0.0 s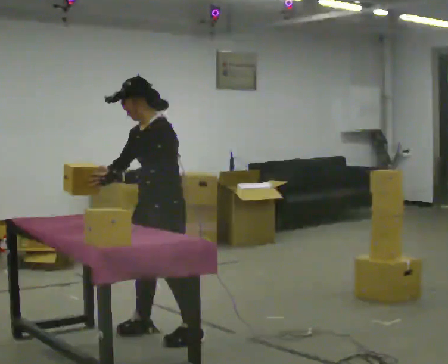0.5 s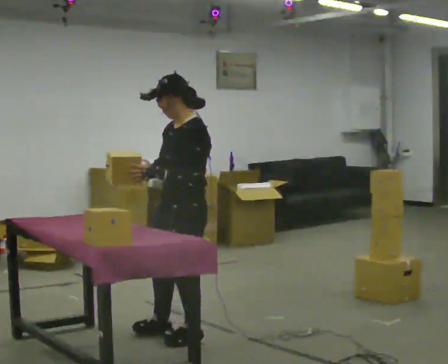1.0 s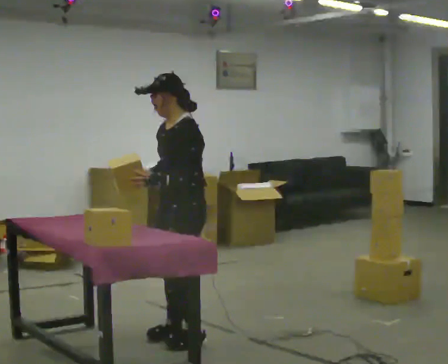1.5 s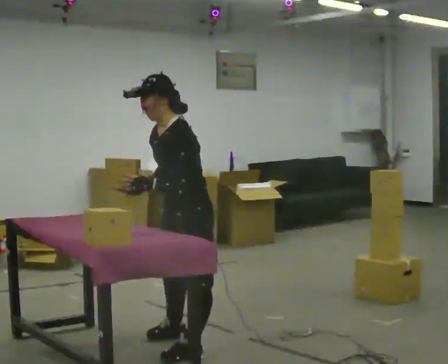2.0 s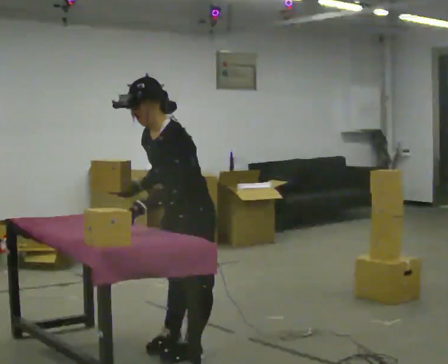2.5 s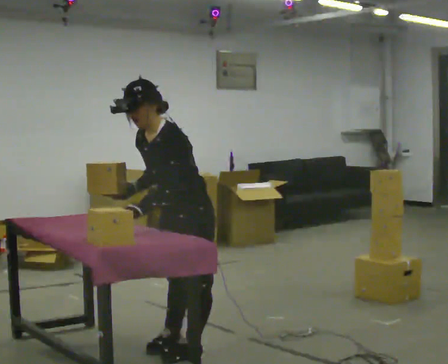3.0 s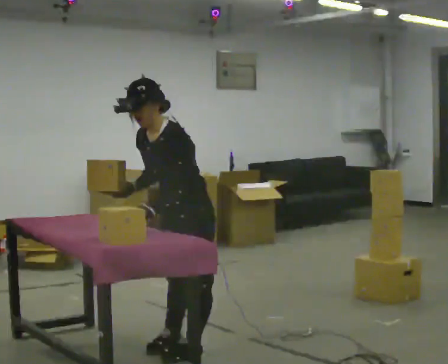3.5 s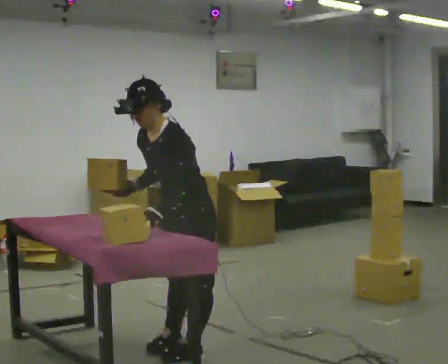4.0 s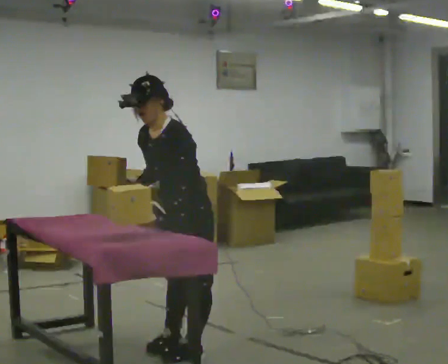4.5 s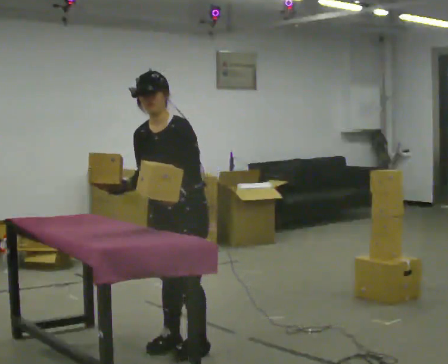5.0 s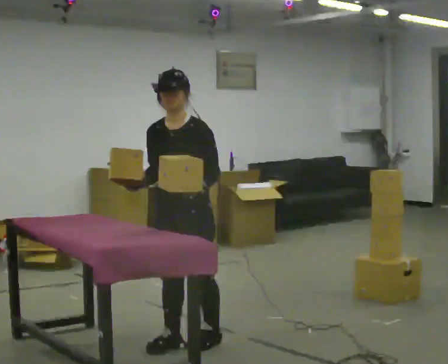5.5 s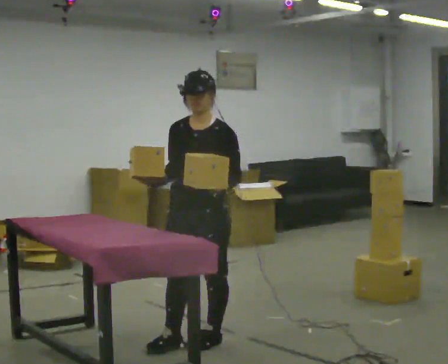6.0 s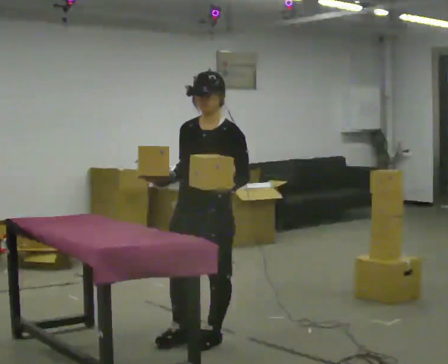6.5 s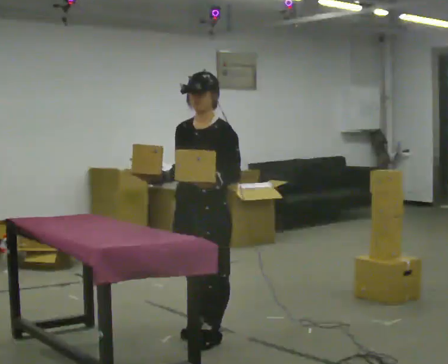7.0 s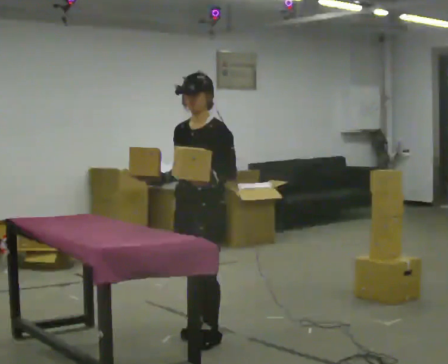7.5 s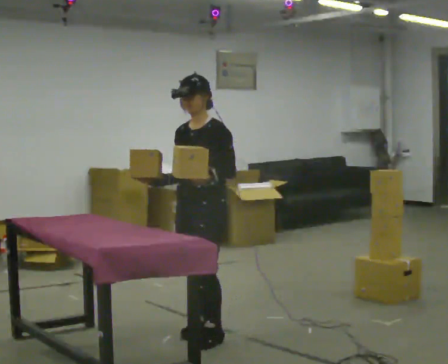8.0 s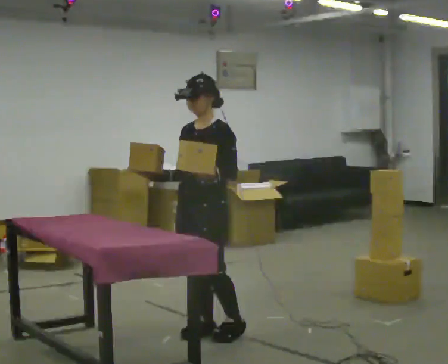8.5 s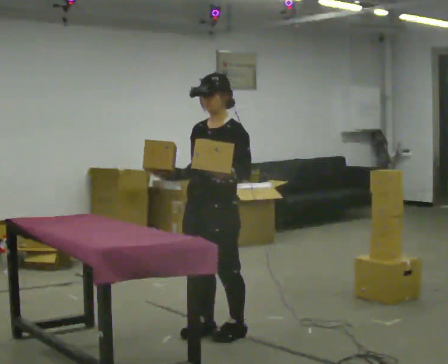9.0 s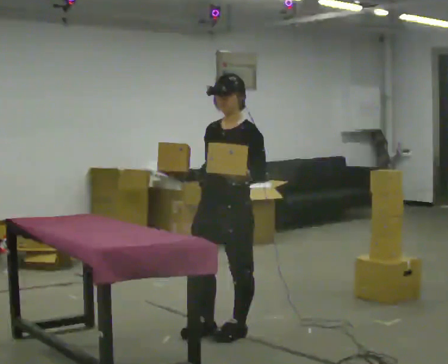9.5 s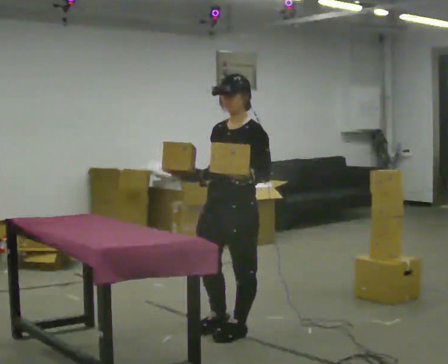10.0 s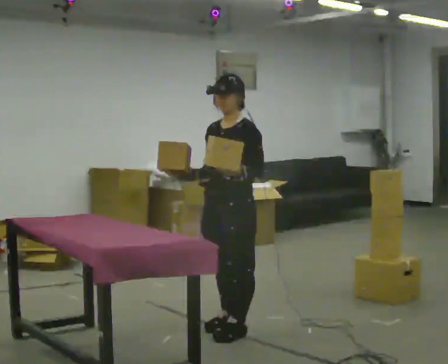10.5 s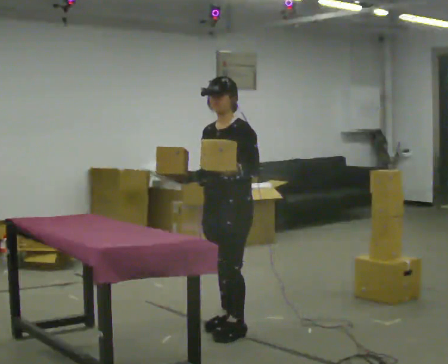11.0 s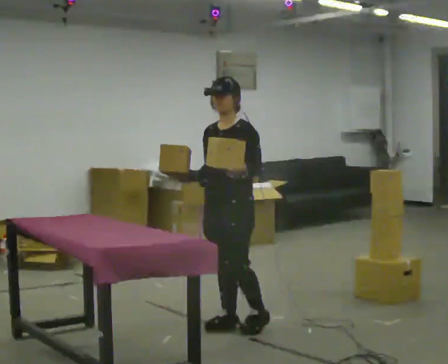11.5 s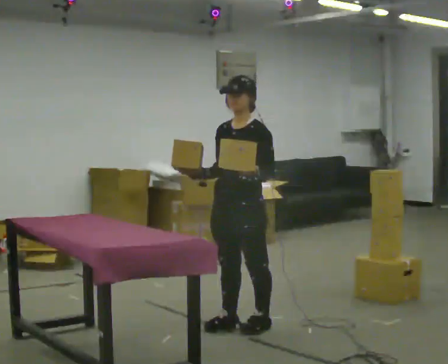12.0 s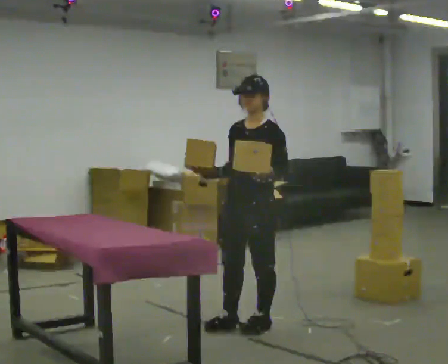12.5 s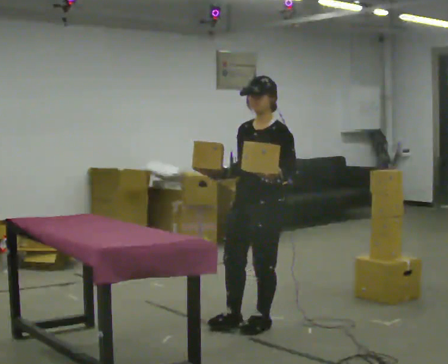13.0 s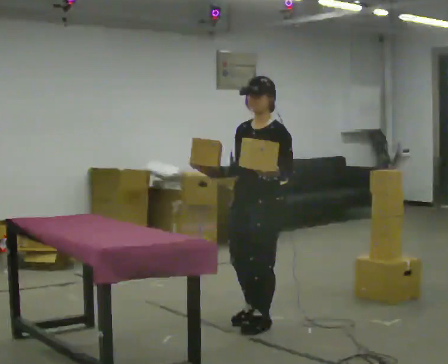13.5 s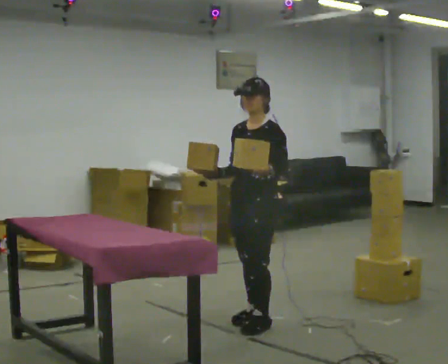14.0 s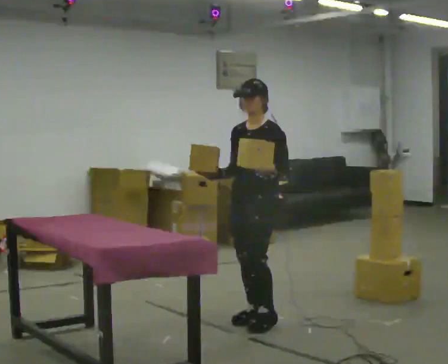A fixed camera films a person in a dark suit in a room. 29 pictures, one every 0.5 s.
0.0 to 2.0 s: In the picture they go toward the camera, about 0.5 m in 3 steps, which for them is to their left.
2.0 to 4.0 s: The person moves a little, or ends about where they began.
4.0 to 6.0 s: In the picture the upper body tilts clockwise, shoulders to the right, as they lean back or straighten. In the picture their left hand goes to the right.
6.0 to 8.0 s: In the picture they go away from the camera, about 0.25 m in 1 step, which for them is to their right and backward.
8.0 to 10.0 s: In the picture they go to the right, about 0.25 m in 1 step, which for them is backward.
10.0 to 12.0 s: The person moves a little, or ends about where they began.
12.0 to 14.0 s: In the picture they go away from the camera, about 0.25 m in 2 steps, which for them is backward.
The film runs backward here.
